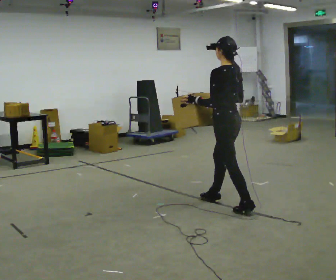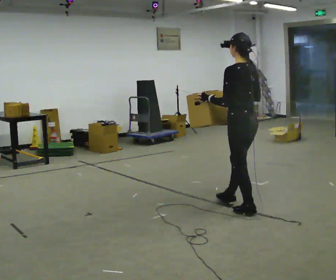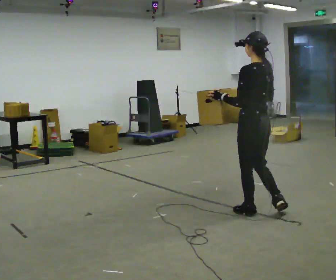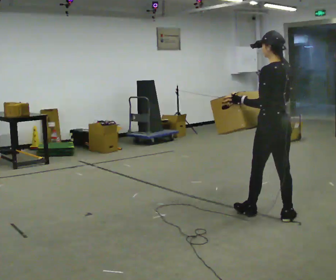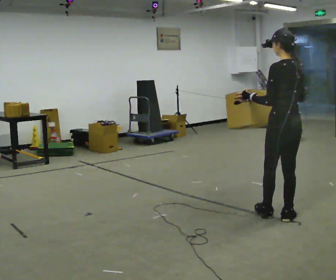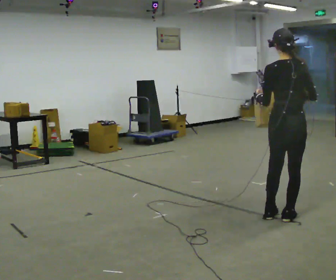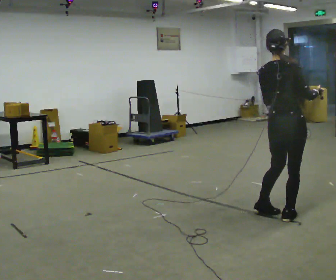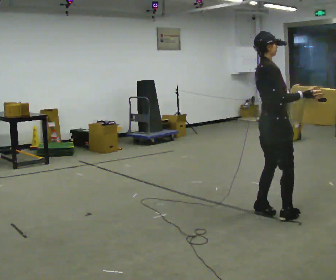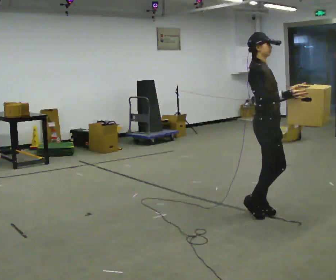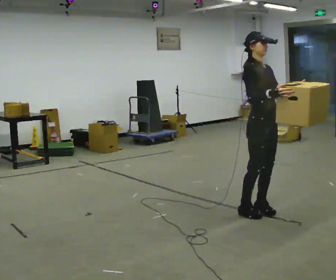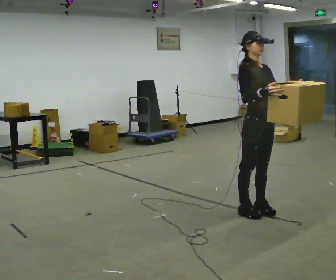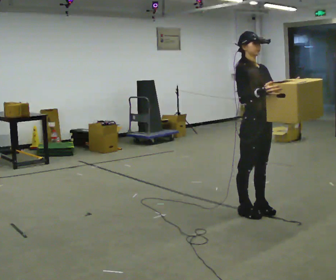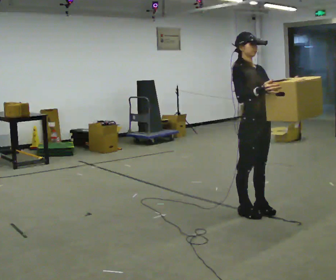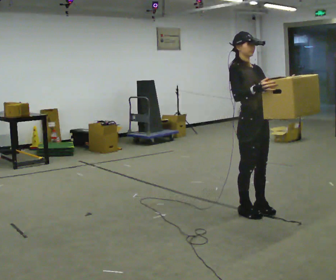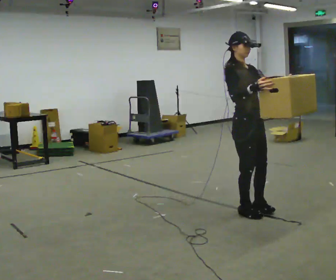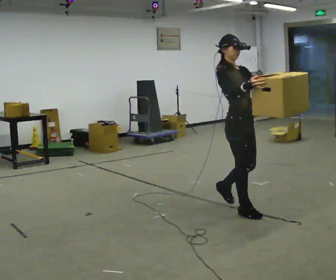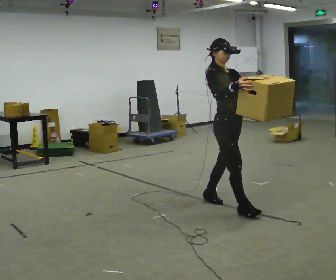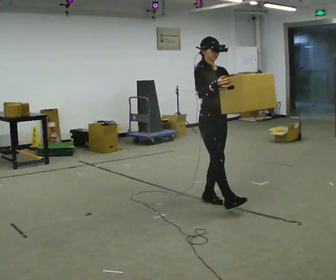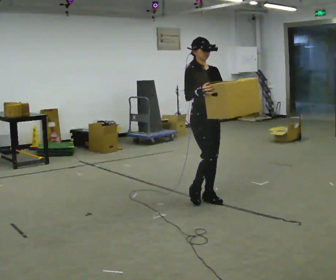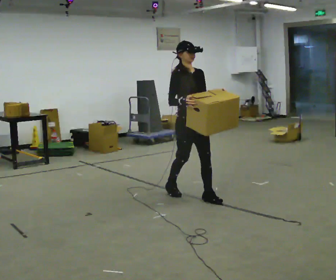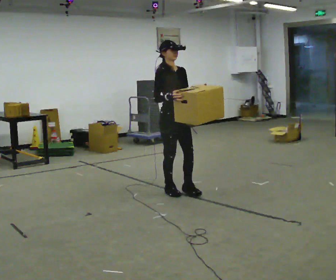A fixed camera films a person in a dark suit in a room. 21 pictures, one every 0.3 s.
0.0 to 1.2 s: In the picture they go to the right and toward the camera, about 0.75 m in 2 steps, which for them is backward.
1.2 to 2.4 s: The part of the body nearest the lens slides to the left as the person turns to their right by about 150 degrees. In the picture they go to the left and away from the camera, about 0.25 m in 2 steps. In the picture their left hand goes to the right.
2.4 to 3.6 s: The person moves a little, or ends about where they began.
3.6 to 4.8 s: In the picture they go to the left and away from the camera, about 0.25 m in 1 step, which for them is backward.
4.8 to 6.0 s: In the picture they go to the left and away from the camera, about 0.5 m in 2 steps, which for them is backward.
The film runs backward here.
